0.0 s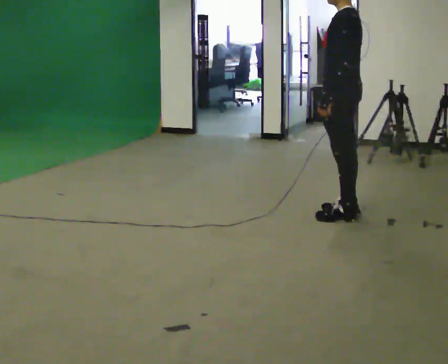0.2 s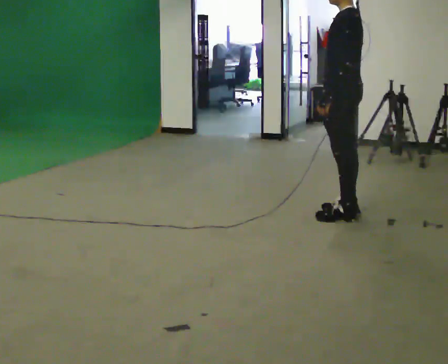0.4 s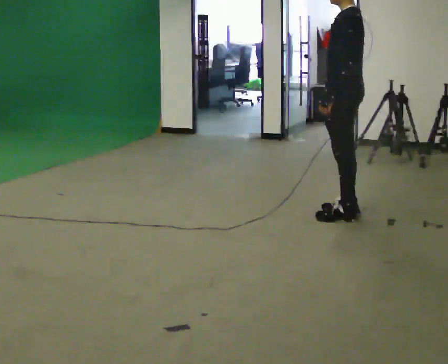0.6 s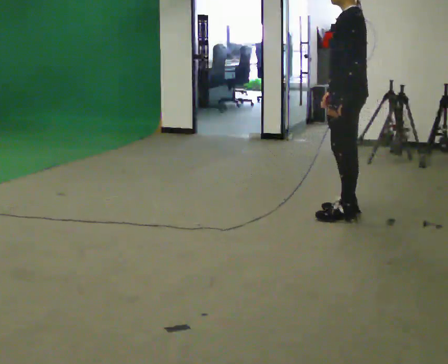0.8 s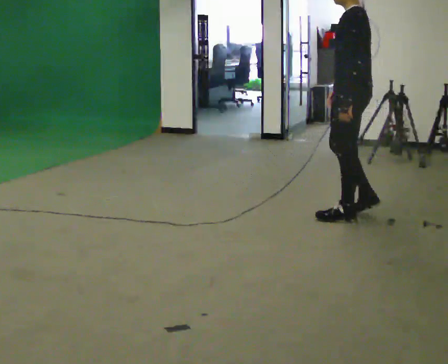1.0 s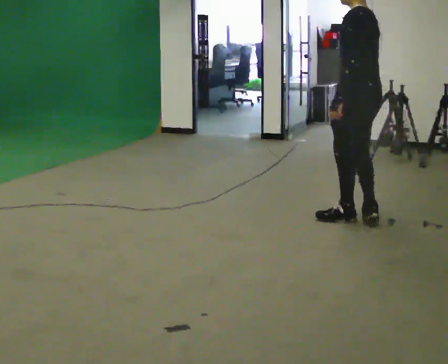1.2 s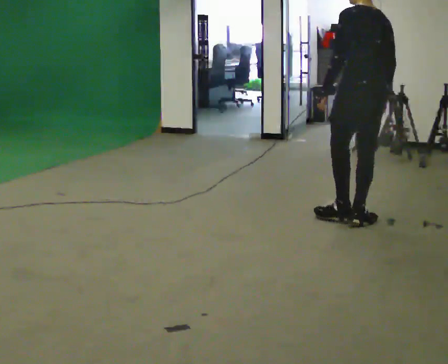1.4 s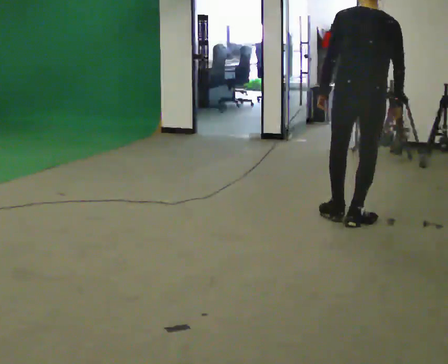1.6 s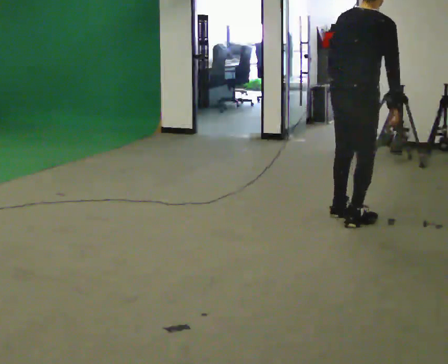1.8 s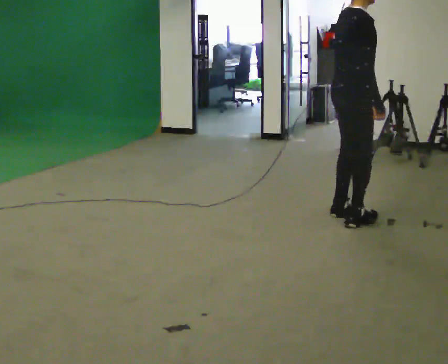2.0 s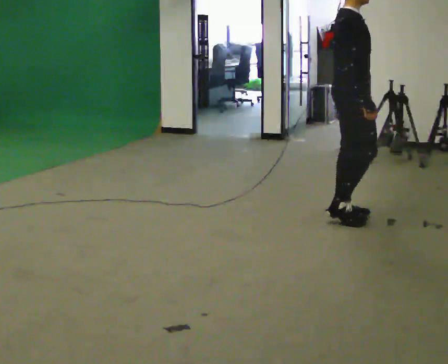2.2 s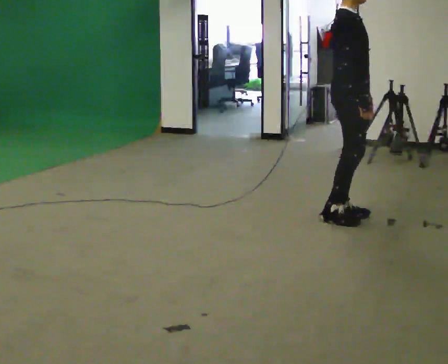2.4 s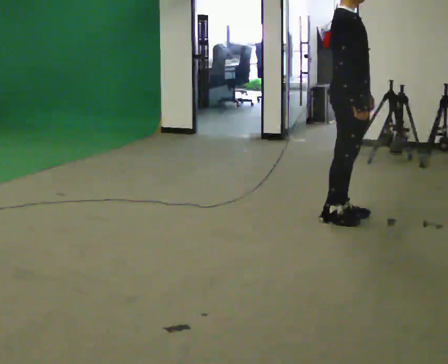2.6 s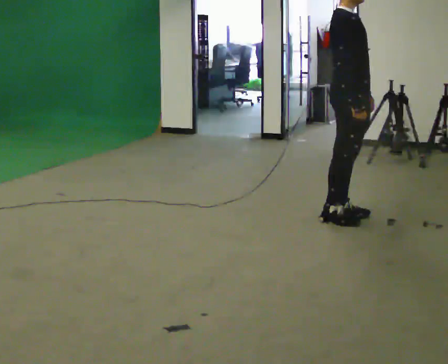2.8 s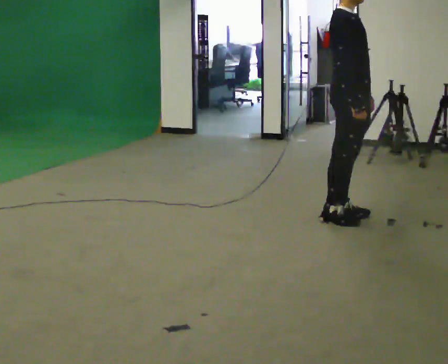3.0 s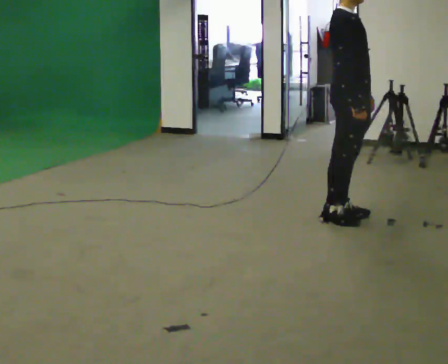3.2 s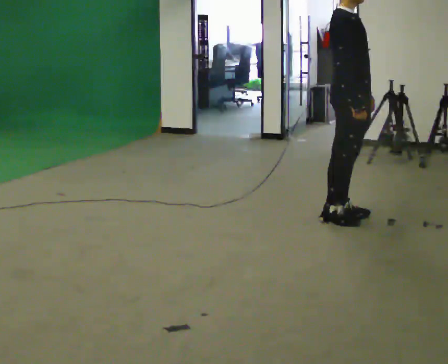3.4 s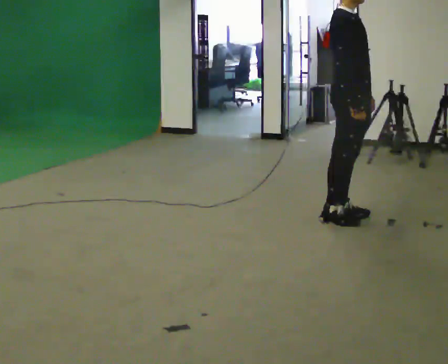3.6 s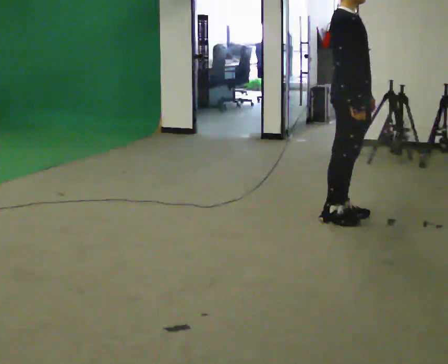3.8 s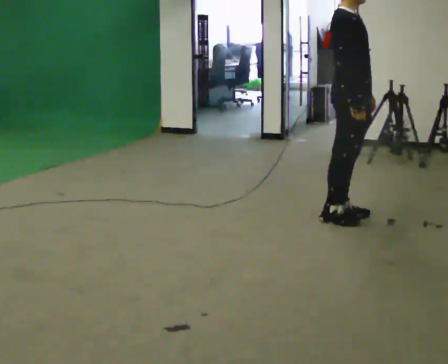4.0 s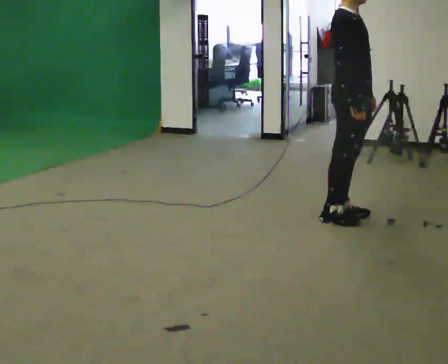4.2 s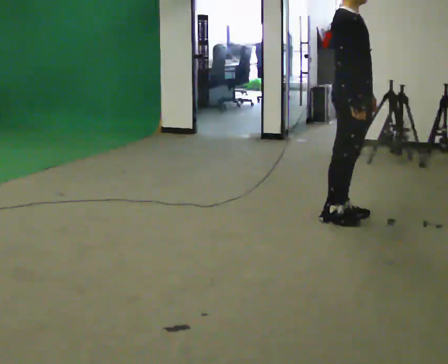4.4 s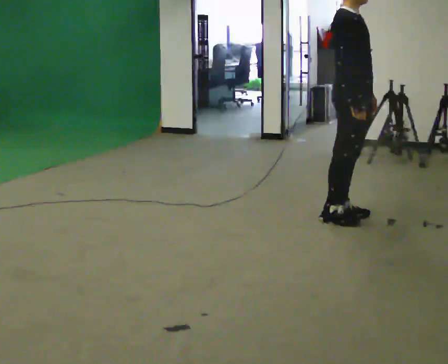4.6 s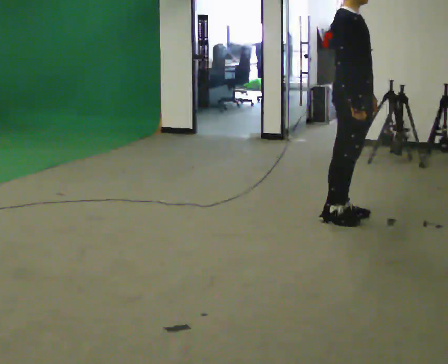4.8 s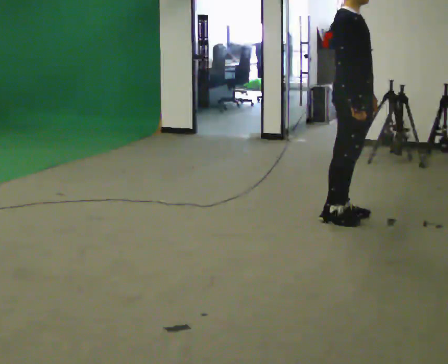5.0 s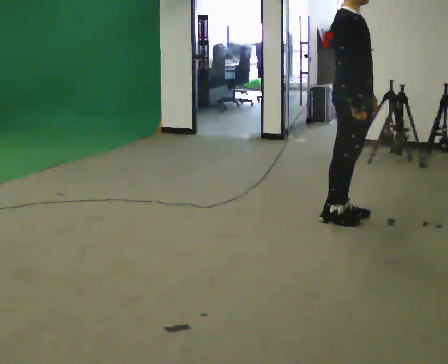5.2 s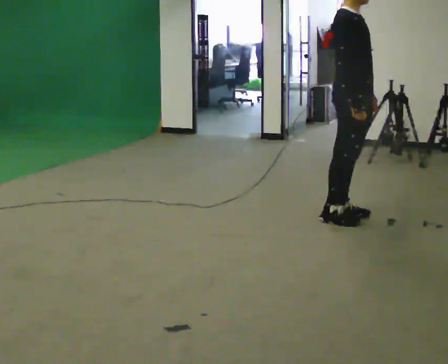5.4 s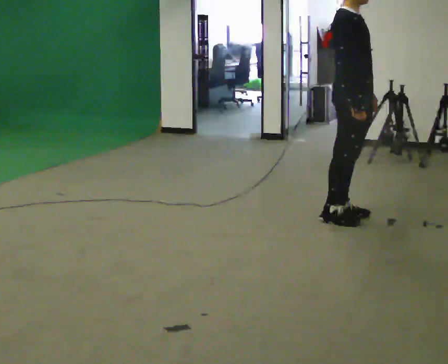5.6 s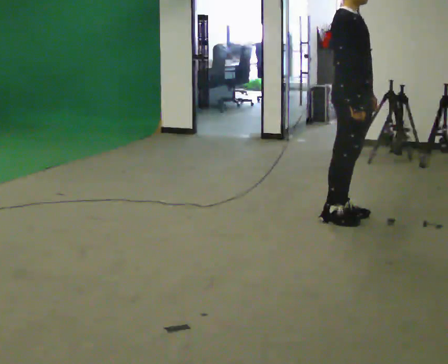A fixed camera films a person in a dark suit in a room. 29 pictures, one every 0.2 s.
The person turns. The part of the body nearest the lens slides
to the left.
The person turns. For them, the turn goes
to their right.
0.0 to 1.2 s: The part of the body nearest the lens slides to the left as the person turns to their right by about 45 degrees. In the picture they go to the right, about 0.25 m in 1 step, which for them is backward and to their left.
1.2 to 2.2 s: The person turns about 135 degrees to their right, clockwise seen from above, so the part of the body nearest the lens slides to the left.
2.2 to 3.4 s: The person moves a little, or ends about where they began.
3.4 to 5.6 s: The person keeps their place and pose.
The film runs backward here.
